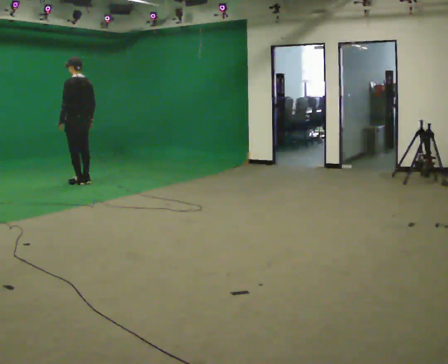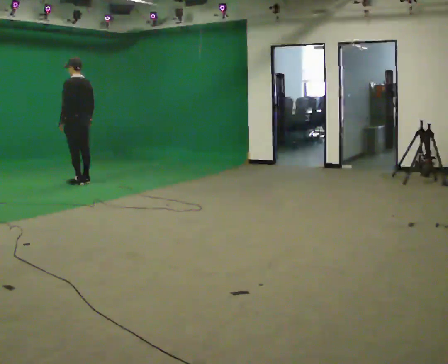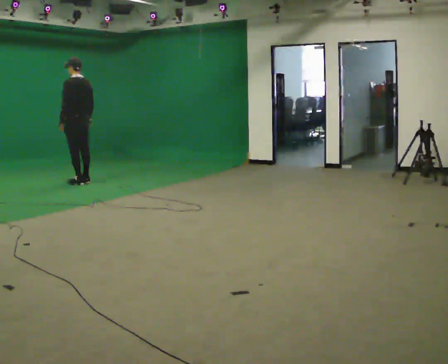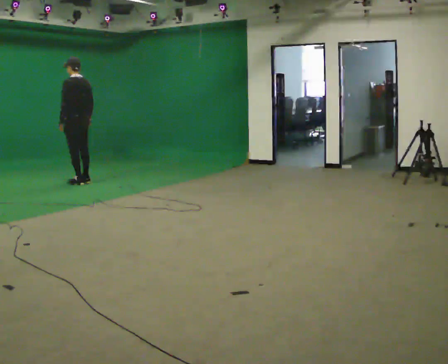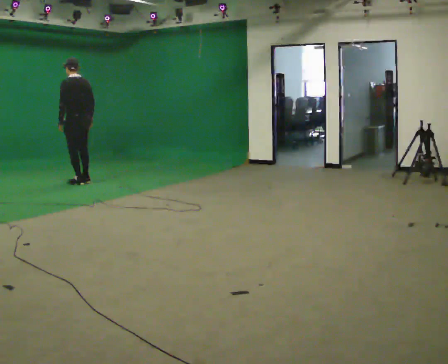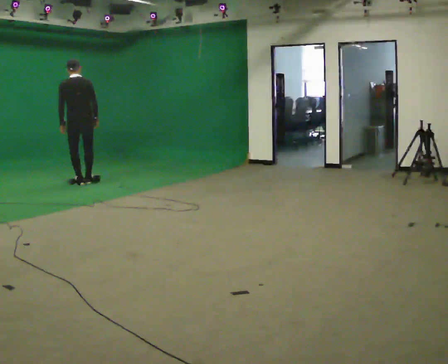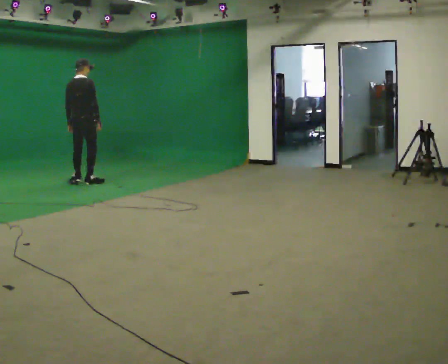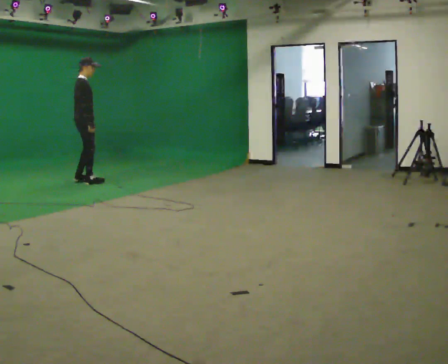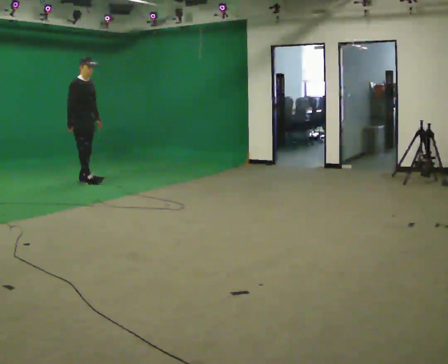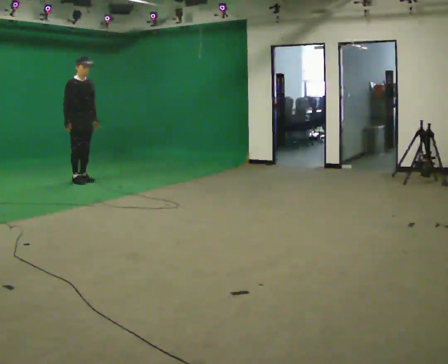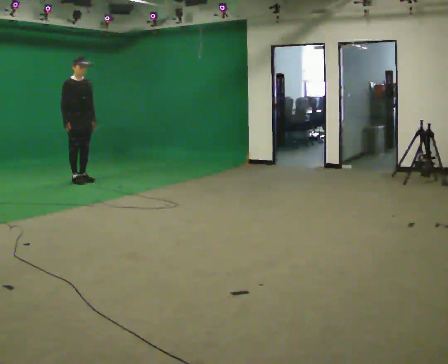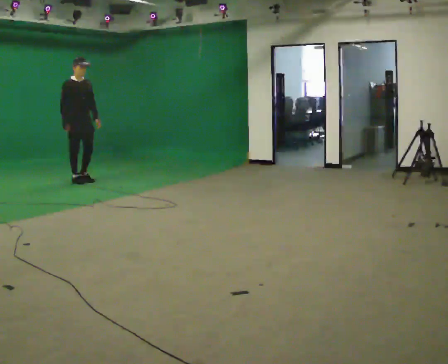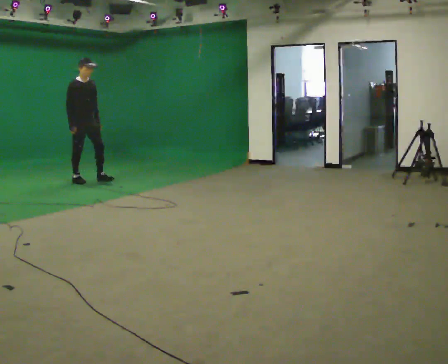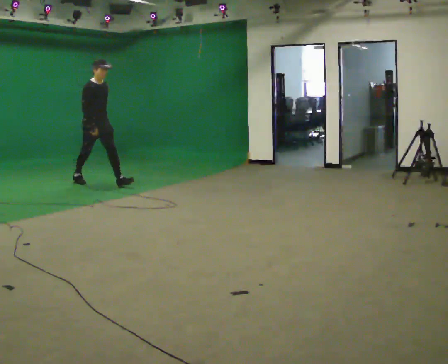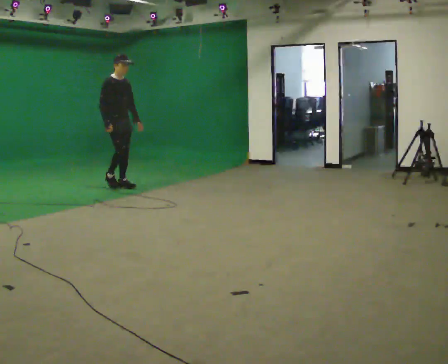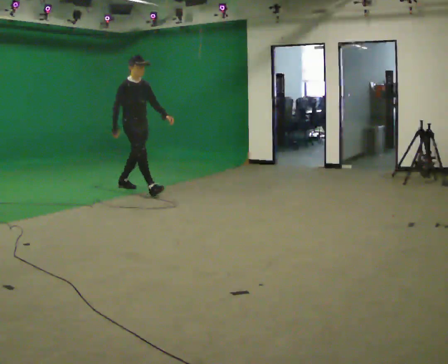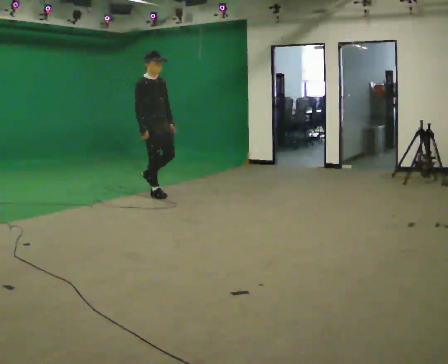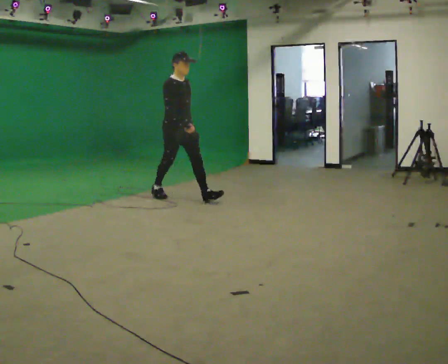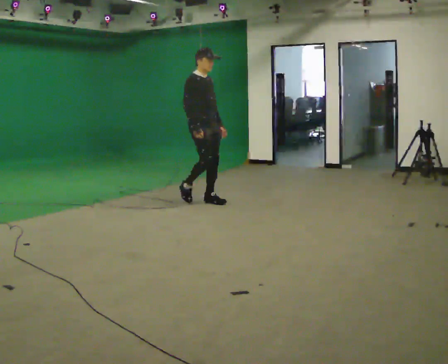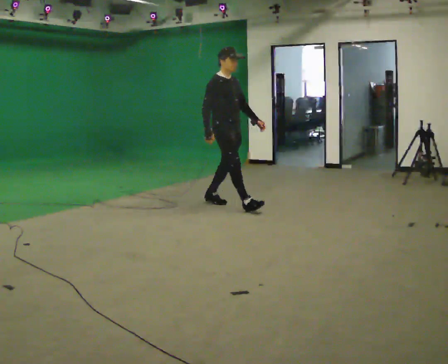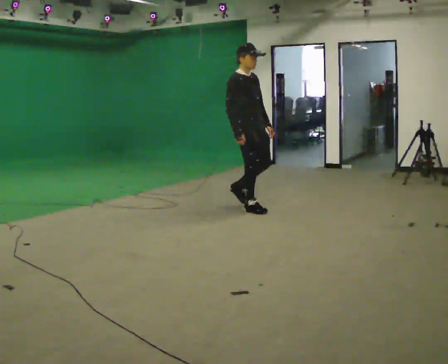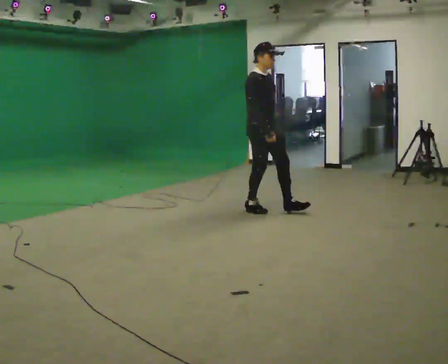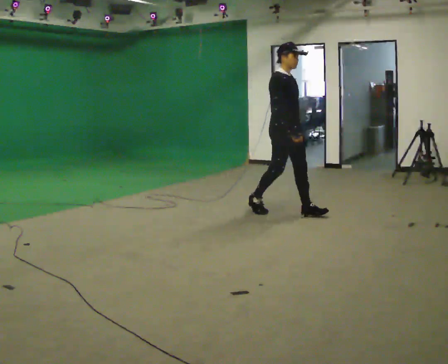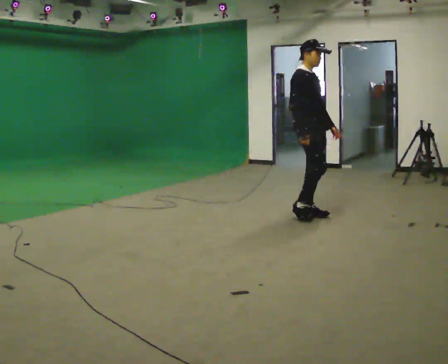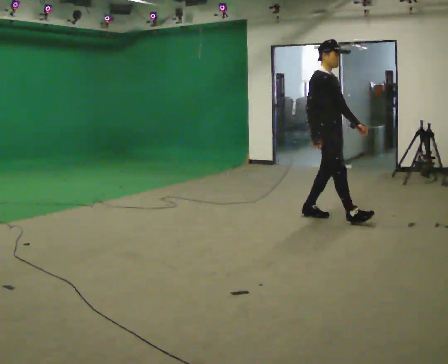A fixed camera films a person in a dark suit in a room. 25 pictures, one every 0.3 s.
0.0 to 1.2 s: The person moves a little, or ends about where they began.
1.2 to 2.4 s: The part of the body nearest the lens slides to the left as the person turns to their right by about 165 degrees.
2.4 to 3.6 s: The person moves a little, or ends about where they began.
3.6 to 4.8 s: In the picture they go toward the camera and to the right, about 1.5 m in 2 steps, which for them is forward.
4.8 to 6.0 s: In the picture they go toward the camera and to the right, about 1.5 m in 2 steps, which for them is forward.
6.0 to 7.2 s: In the picture they go toward the camera and to the right, about 1 m in 2 steps, which for them is forward.
The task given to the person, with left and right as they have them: Start at normal speed; gradually slow over several steps; stop gently.
The film runs forward here.
